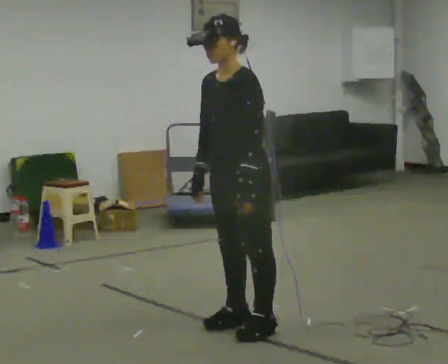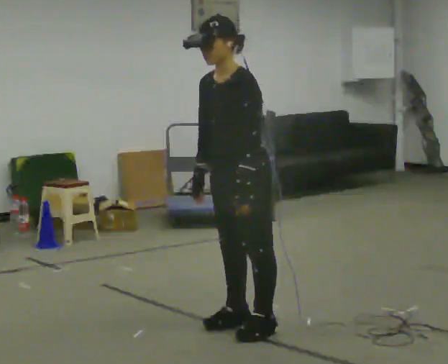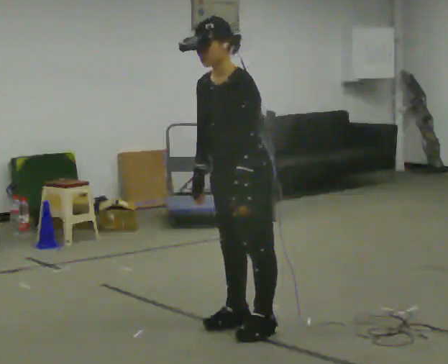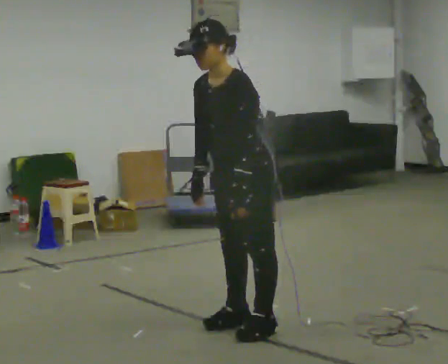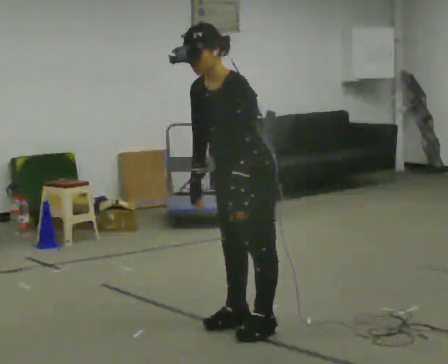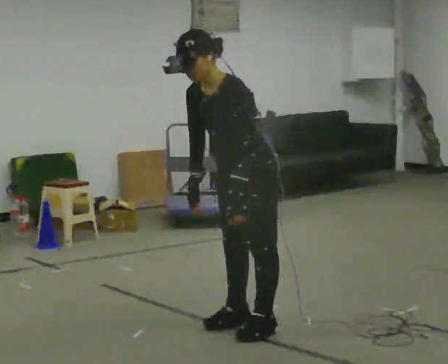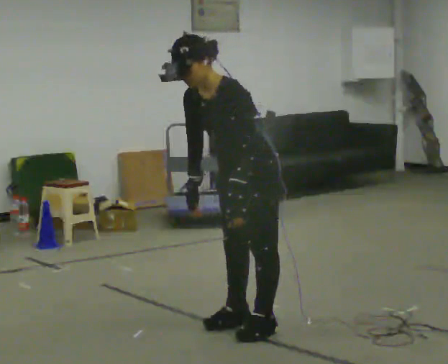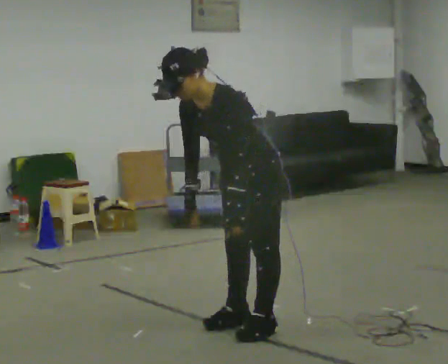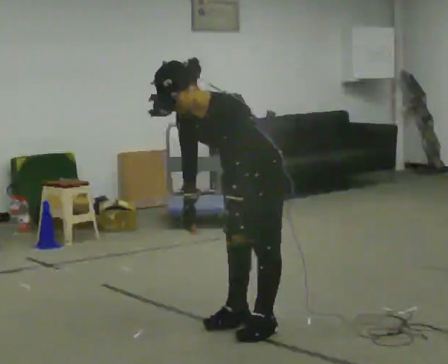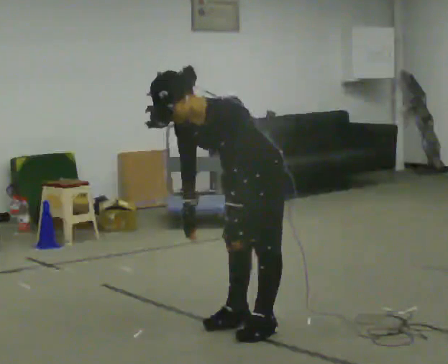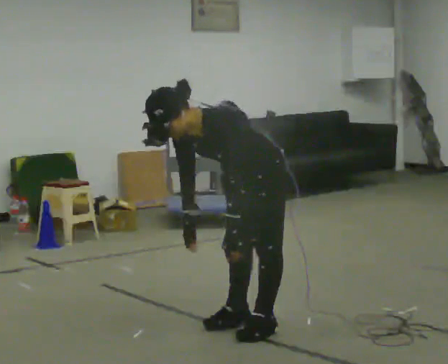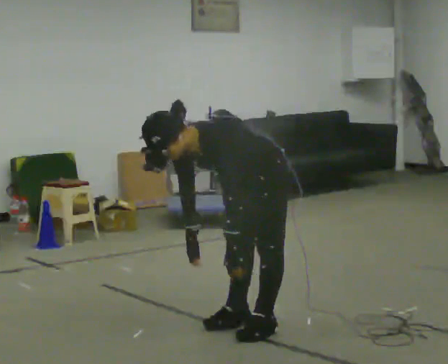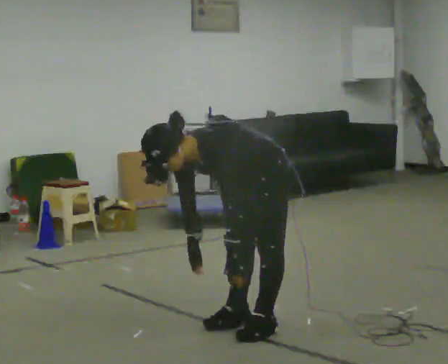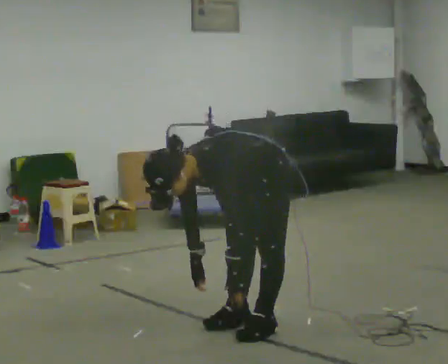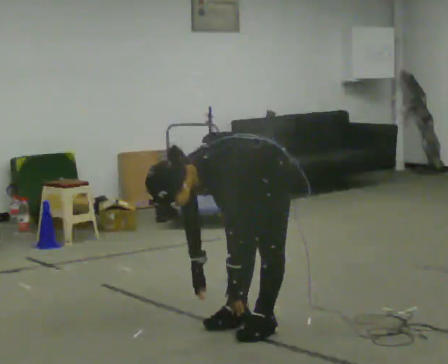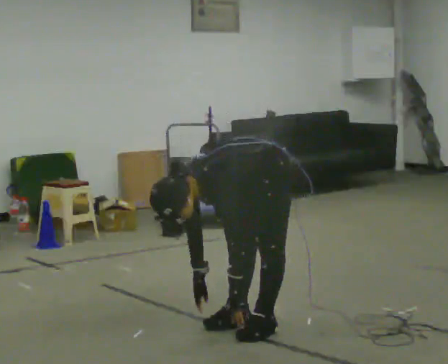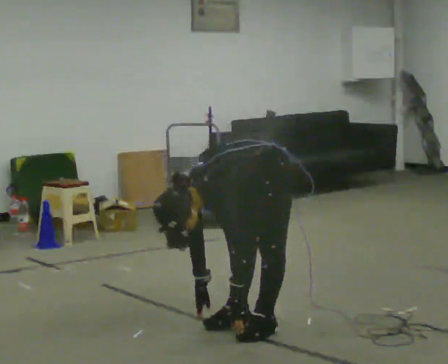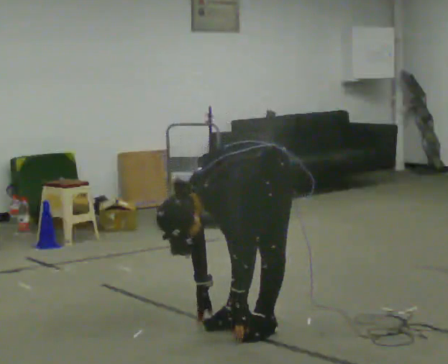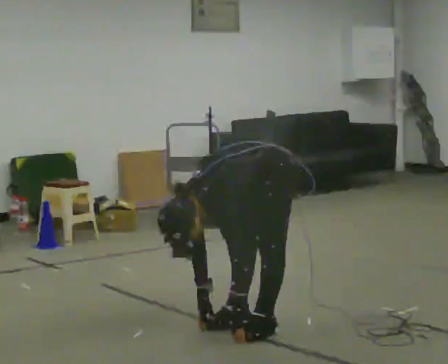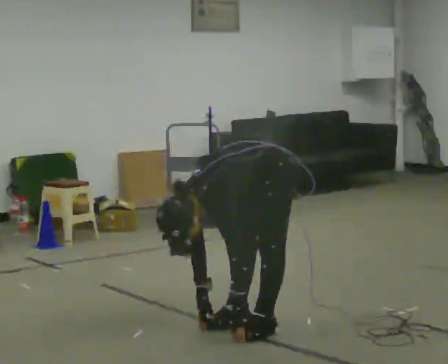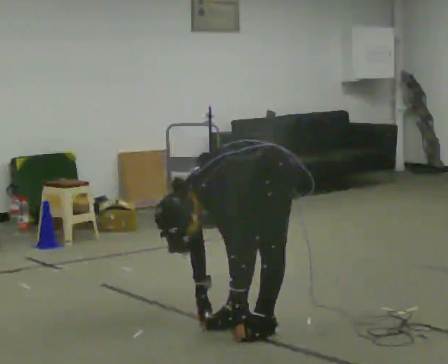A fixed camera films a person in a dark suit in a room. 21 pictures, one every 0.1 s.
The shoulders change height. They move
downward.
Their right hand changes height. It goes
downward.
0.0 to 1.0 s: The upper body goes downward. In the picture the upper body tilts counterclockwise, shoulders to the left, as they bend forward.
1.0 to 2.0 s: The upper body goes downward. The upper body tips toward the camera, its near side rolling downward, as they bend forward. In the picture their right hand goes downward.
The film runs forward here.
